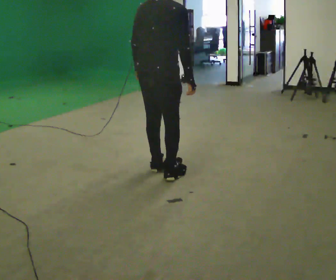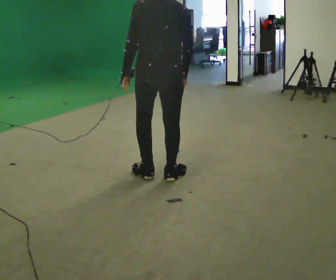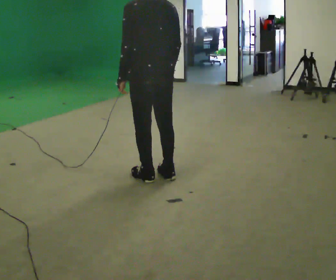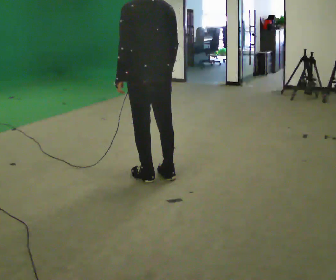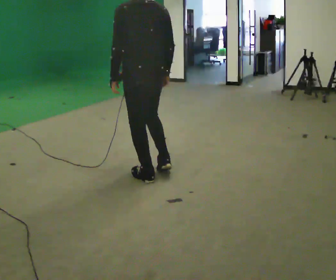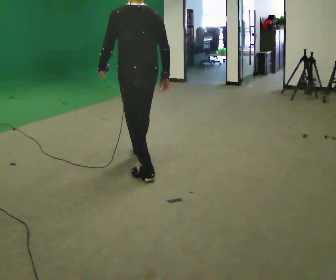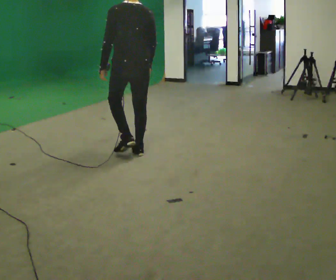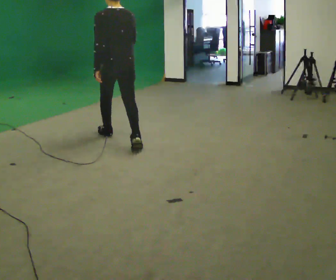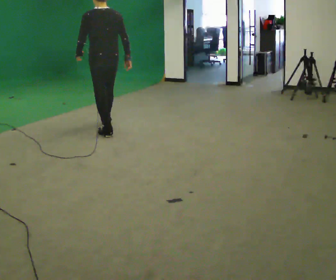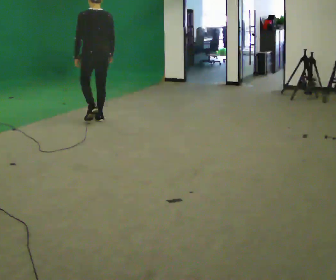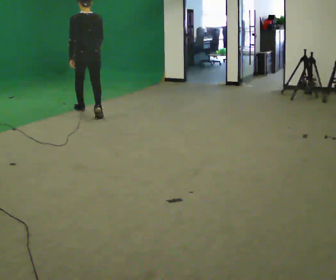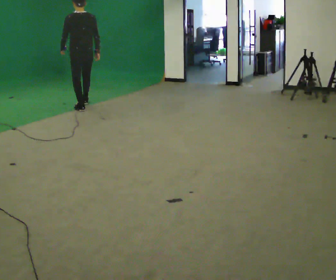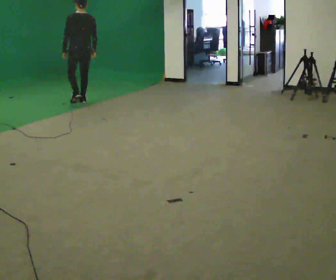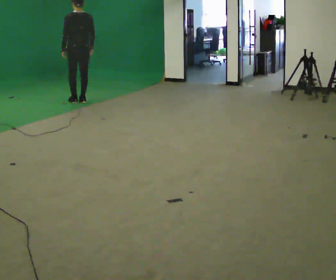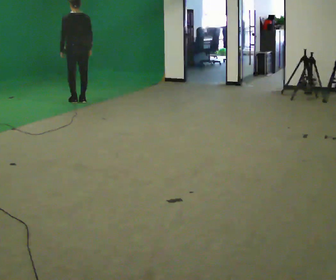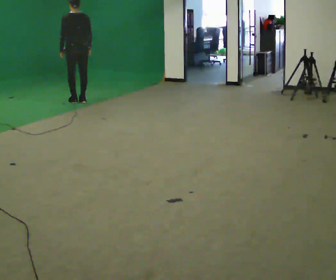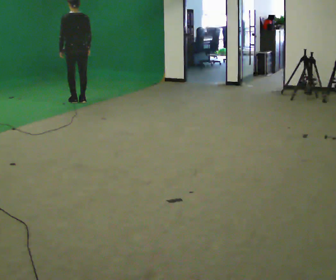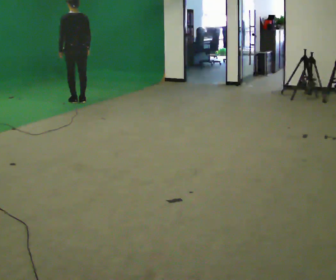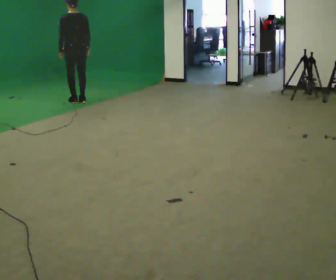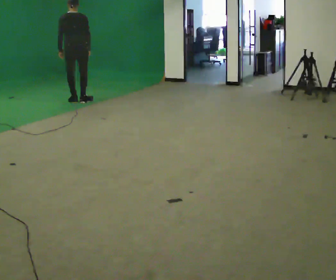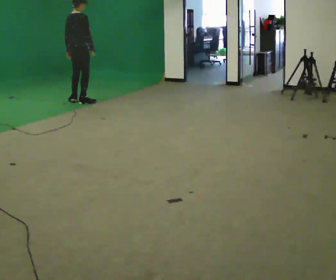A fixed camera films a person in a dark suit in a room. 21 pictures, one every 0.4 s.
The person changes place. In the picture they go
away from the camera.
0.0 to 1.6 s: The part of the body nearest the lens slides to the right as the person turns to their left by about 60 degrees.
1.6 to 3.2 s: In the picture they go away from the camera, about 1.5 m in 2 steps, which for them is forward.
3.2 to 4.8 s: In the picture they go away from the camera, about 1.5 m in 3 steps, which for them is forward.
4.8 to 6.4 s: In the picture they go away from the camera, about 0.25 m in 1 step, which for them is forward.
6.4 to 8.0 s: The part of the body nearest the lens slides to the left as the person turns to their right by about 75 degrees.
The film runs forward here.
